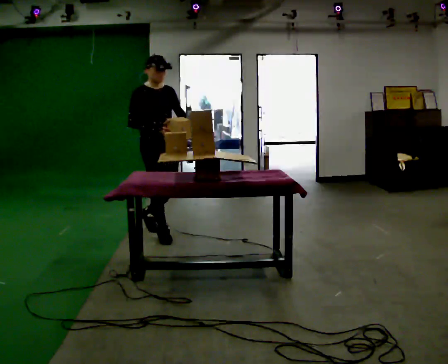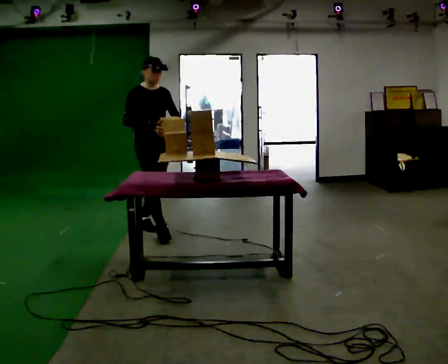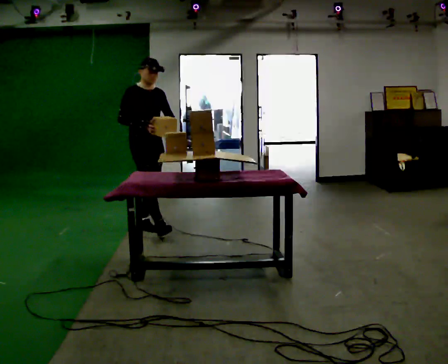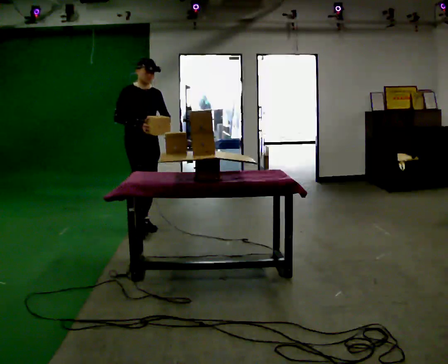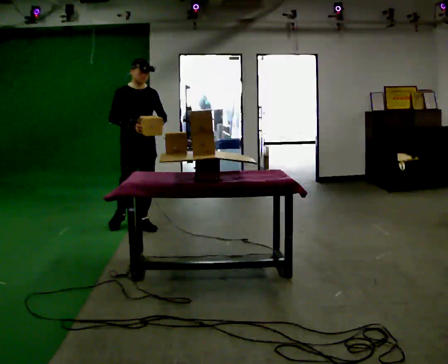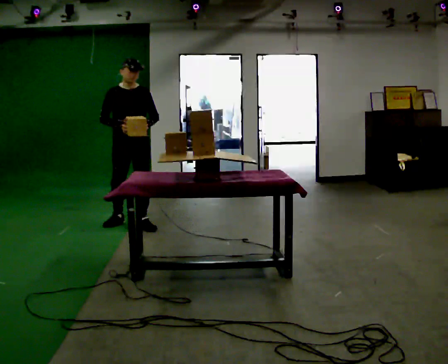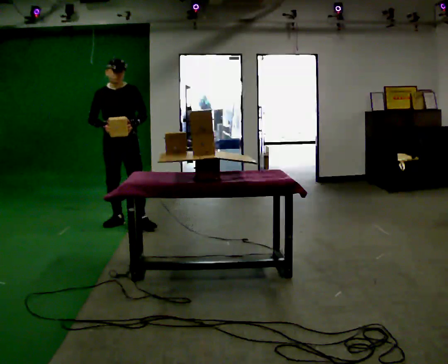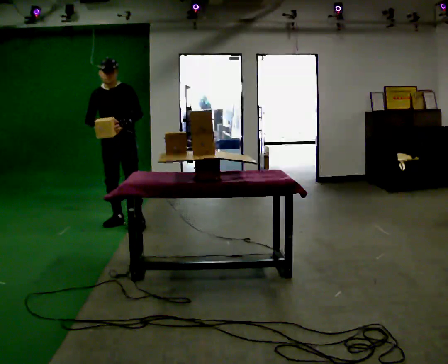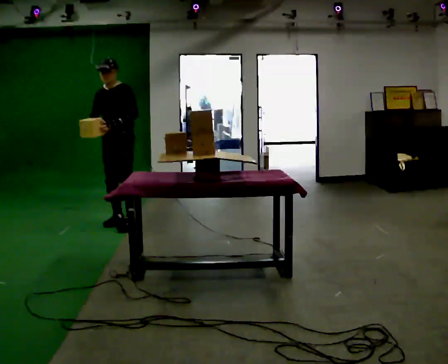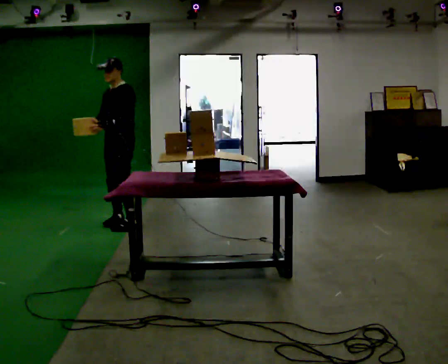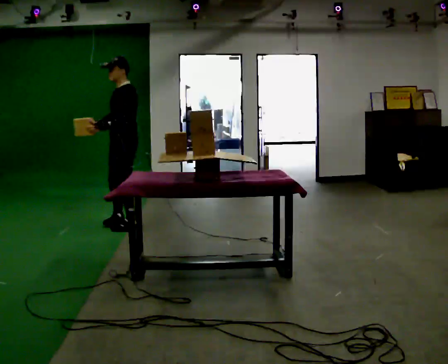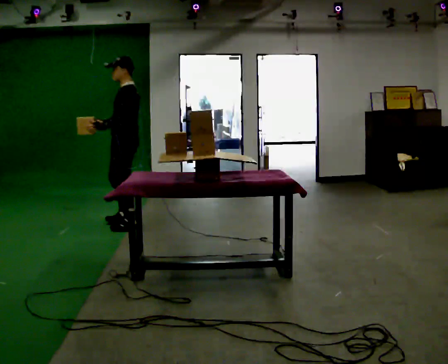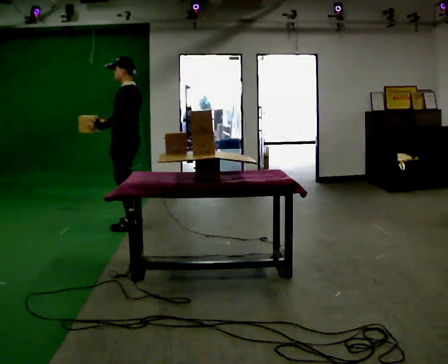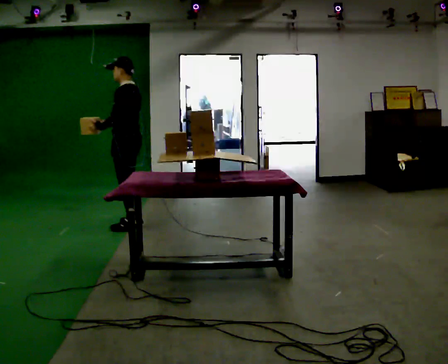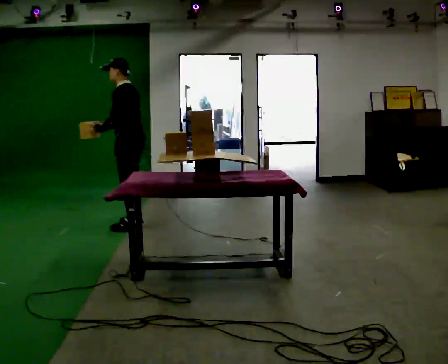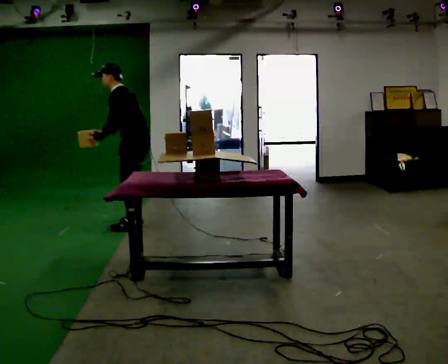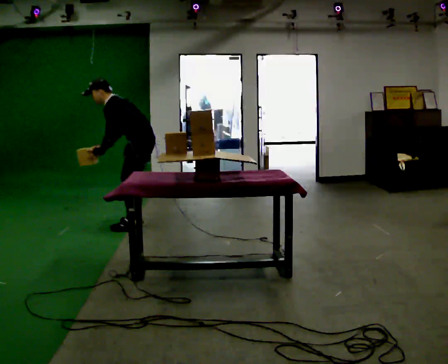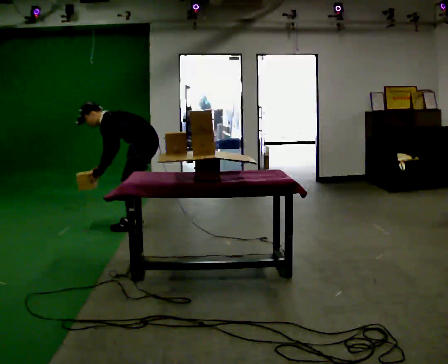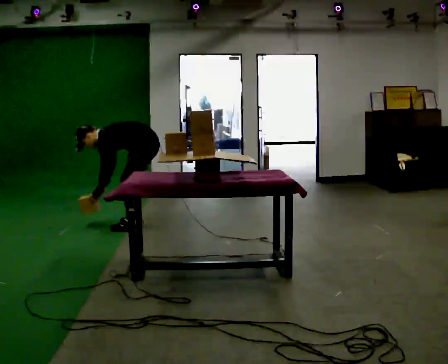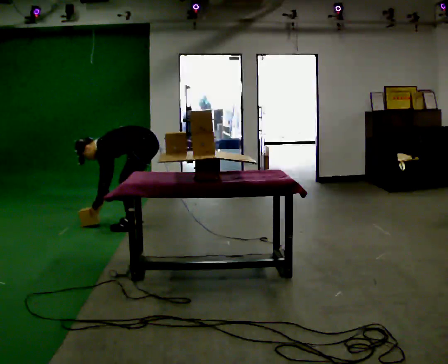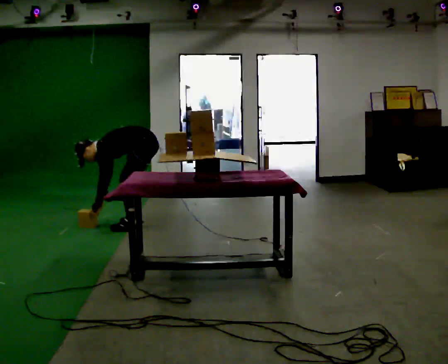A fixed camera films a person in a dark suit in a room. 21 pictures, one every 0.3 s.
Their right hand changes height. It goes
downward.
The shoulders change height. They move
downward.
0.0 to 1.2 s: In the picture they go away from the camera and to the left, about 0.5 m in 1 step, which for them is backward.
1.2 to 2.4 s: The person turns about 60 degrees to their right, clockwise seen from above, so the part of the body nearest the lens slides to the left. In the picture they go to the left and away from the camera, about 0.25 m in 1 step, which for them is to their right and backward. In the picture their left hand goes to the left.
2.4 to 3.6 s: Seen from above the body turns clockwise, about 60 degrees: to their right, with its near side sliding to the left. In the picture they go toward the camera, about 0.25 m in 1 step.
3.6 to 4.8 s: In the picture they go to the right, about 0.25 m, which for them is backward. In the picture the upper body tilts counterclockwise, shoulders to the left, as they bend forward.
4.8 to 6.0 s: The upper body goes downward. In the picture the upper body tilts counterclockwise, shoulders to the left, as they bend forward. In the picture their right hand goes downward.
The film runs backward here.
